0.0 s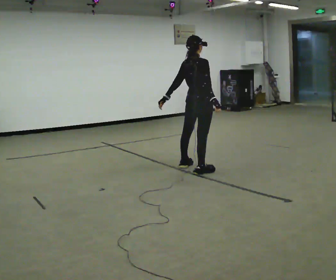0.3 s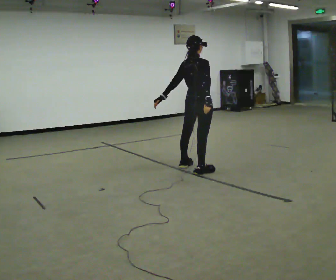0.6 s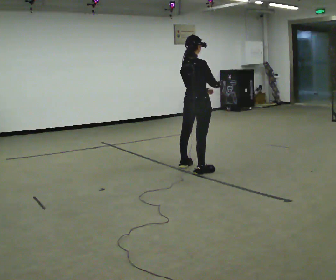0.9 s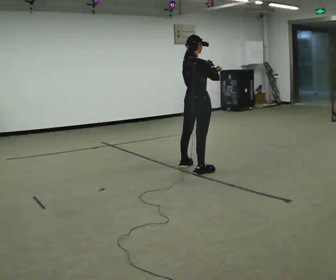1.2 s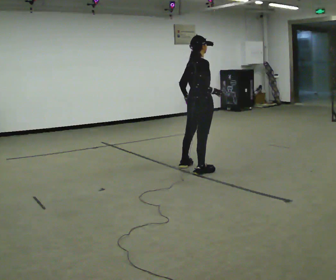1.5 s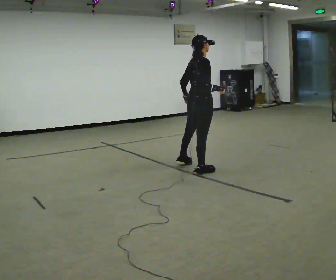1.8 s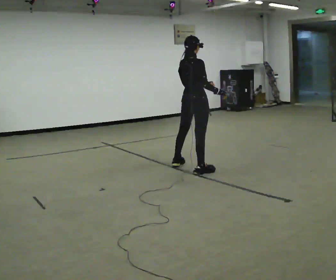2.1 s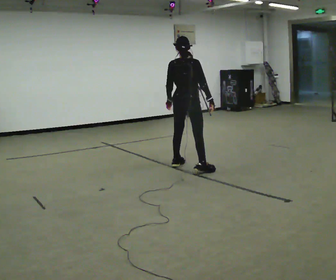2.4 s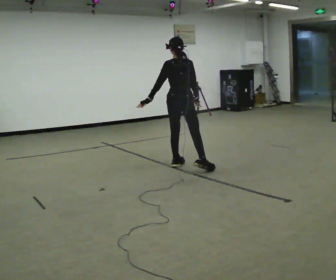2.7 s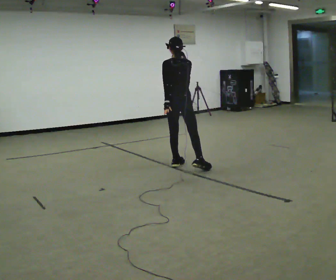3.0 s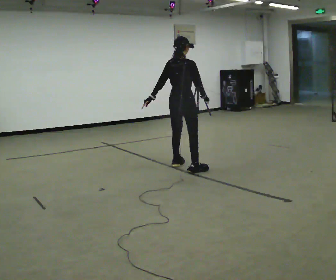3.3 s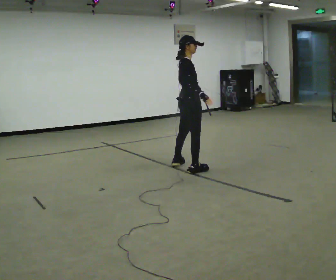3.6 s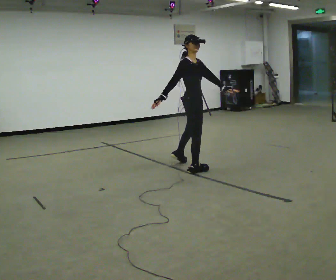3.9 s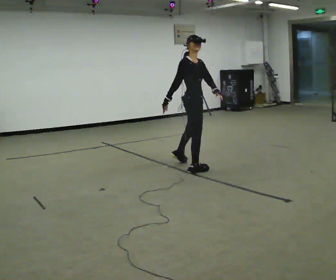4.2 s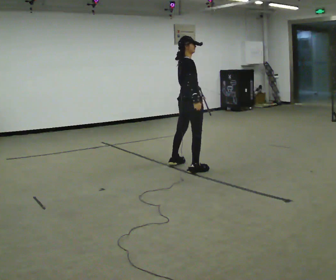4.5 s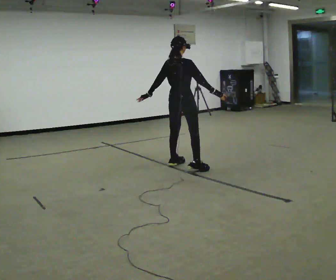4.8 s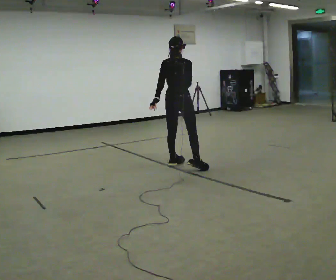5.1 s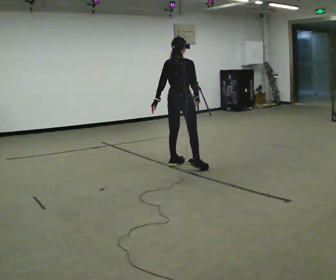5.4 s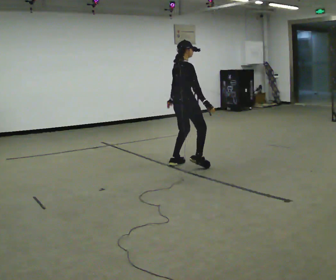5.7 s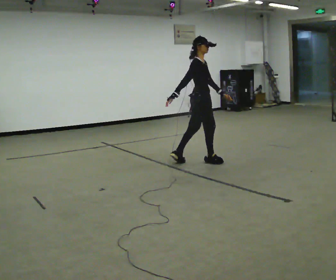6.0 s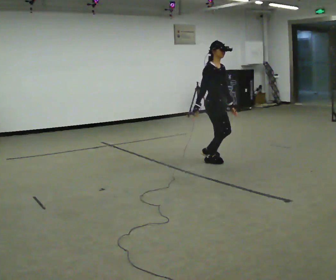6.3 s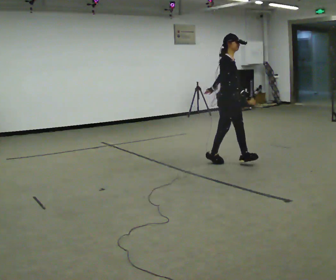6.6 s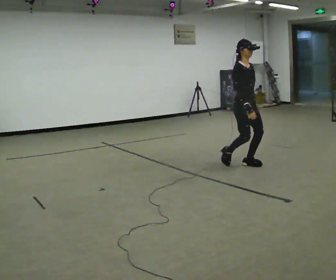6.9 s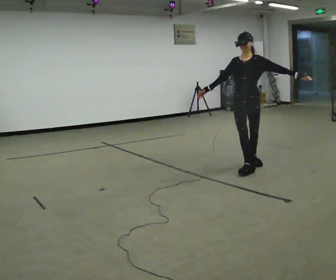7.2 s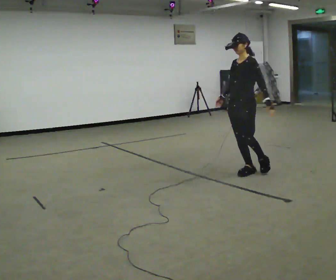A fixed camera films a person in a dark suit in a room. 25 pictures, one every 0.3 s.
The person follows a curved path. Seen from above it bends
clockwise.
0.0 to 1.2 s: The person moves a little, or ends about where they began.
1.2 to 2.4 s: Seen from above the body turns counterclockwise, about 60 degrees: to their left, with its near side sliding to the right. In the picture they go away from the camera and to the left, about 0.25 m, which for them is to their left.
2.4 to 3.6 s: Seen from above the body turns clockwise, about 105 degrees: to their right, with its near side sliding to the left. In the picture they go toward the camera and to the right, about 0.25 m. In the picture their right hand goes to the left.
3.6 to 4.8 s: The person turns about 90 degrees to their left, counterclockwise seen from above, so the part of the body nearest the lens slides to the right. In the picture they go away from the camera and to the left, about 0.25 m.
4.8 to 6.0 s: The person turns about 105 degrees to their right, clockwise seen from above, so the part of the body nearest the lens slides to the left. In the picture they go to the right, about 0.5 m in 1 step.
6.0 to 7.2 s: Seen from above the body turns clockwise, about 105 degrees: to their right, with its near side sliding to the left. In the picture they go toward the camera and to the right, about 0.5 m in 2 steps.
The film runs forward here.
